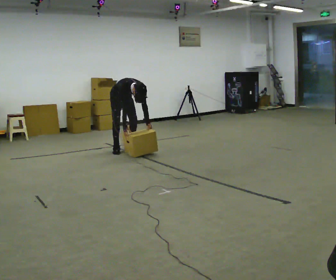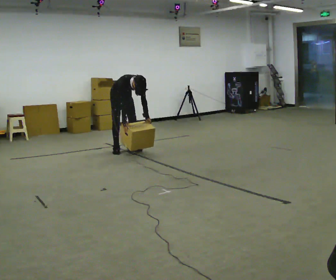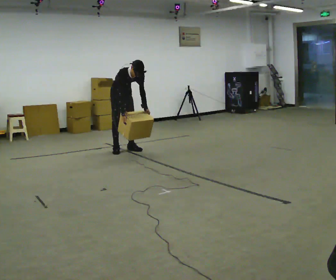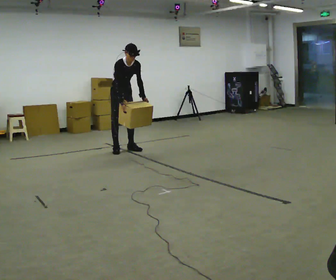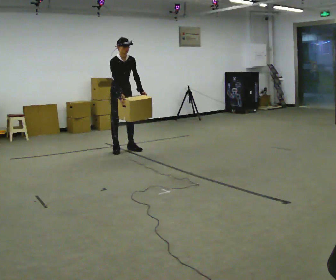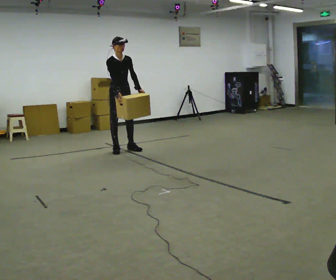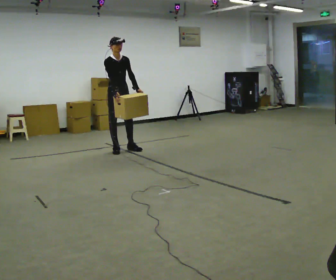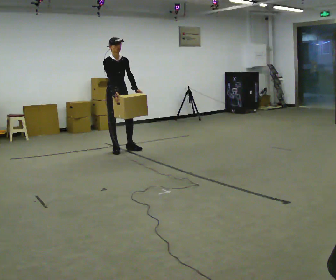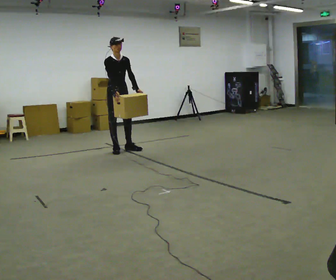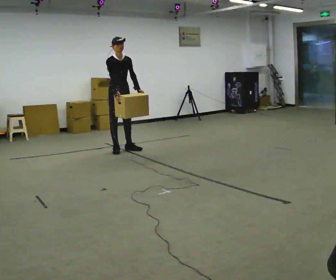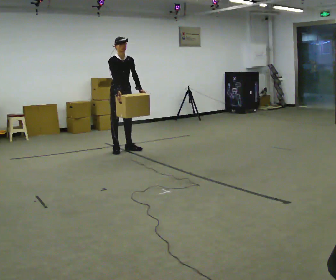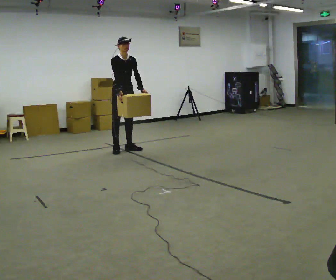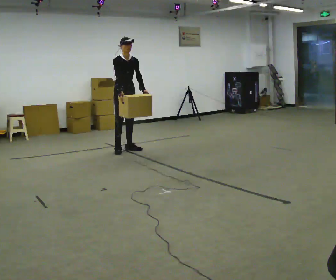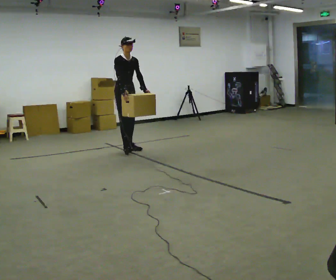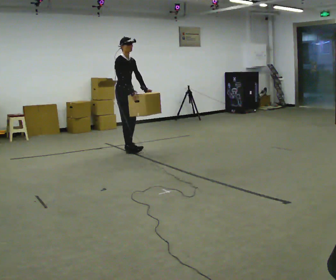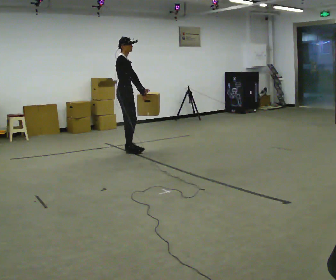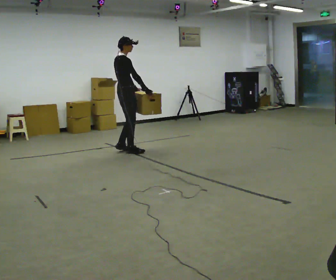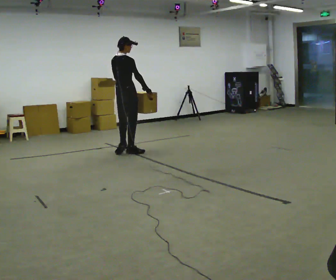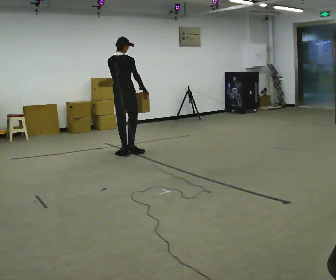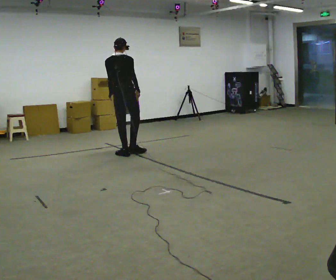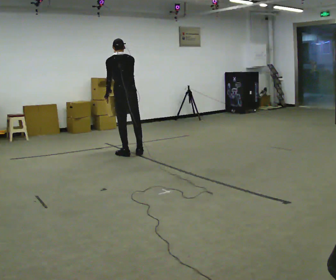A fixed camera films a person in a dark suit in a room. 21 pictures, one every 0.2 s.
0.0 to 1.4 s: In the picture they go toward the camera, about 0.25 m, which for them is to their right. The shoulders move upward. The upper body tips away from the camera, its near side rolling upward, as they lean back or straighten. In the picture their right hand goes upward.
1.4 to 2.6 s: The person moves a little, or ends about where they began.
2.6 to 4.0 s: The person turns about 150 degrees to their left, counterclockwise seen from above, so the part of the body nearest the lens slides to the right. In the picture they go toward the camera, about 0.25 m in 2 steps.
The film runs backward here.
